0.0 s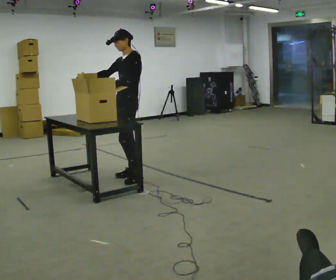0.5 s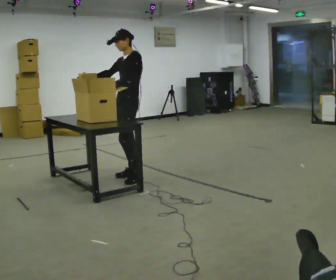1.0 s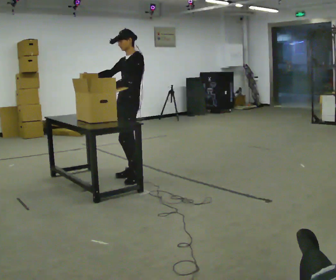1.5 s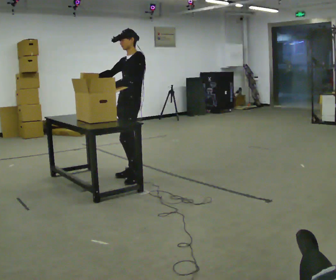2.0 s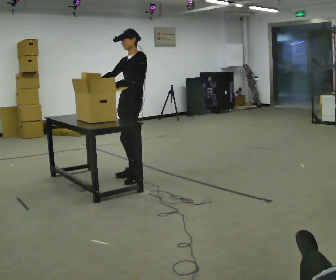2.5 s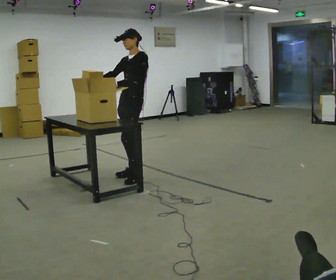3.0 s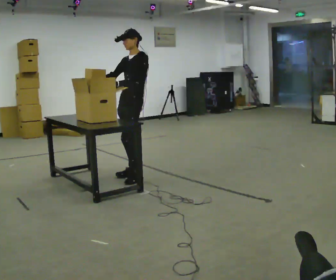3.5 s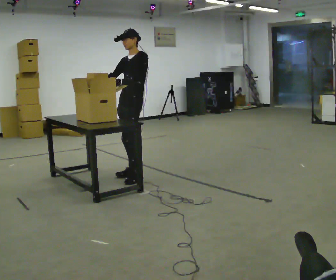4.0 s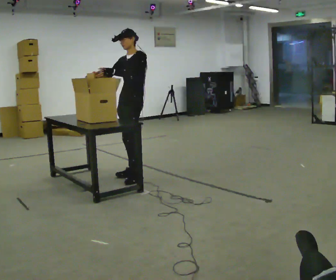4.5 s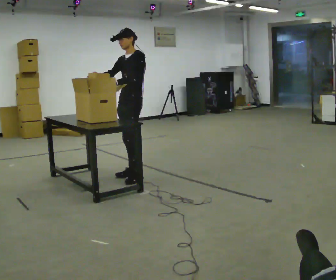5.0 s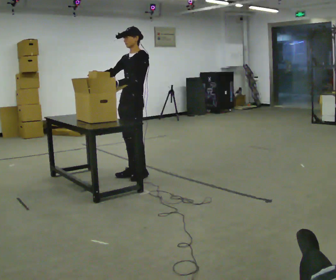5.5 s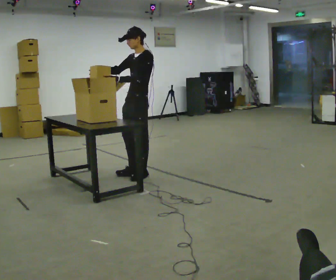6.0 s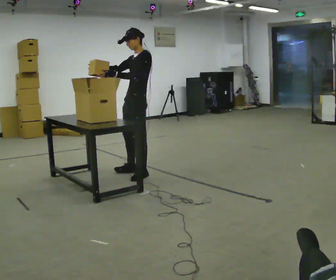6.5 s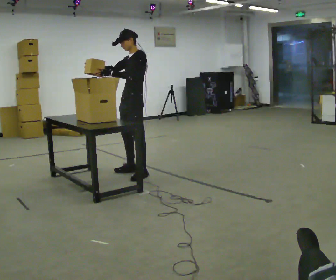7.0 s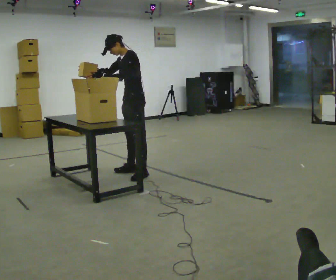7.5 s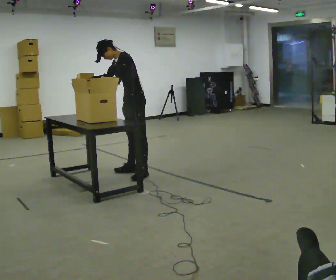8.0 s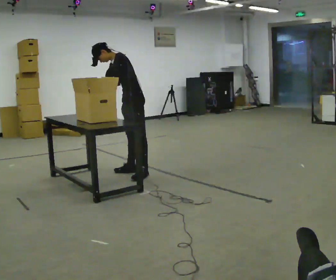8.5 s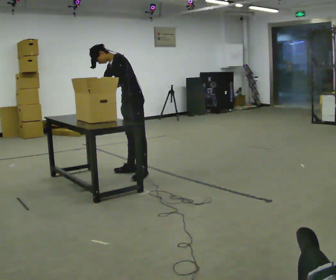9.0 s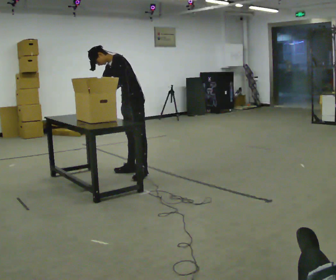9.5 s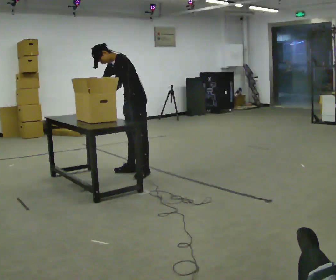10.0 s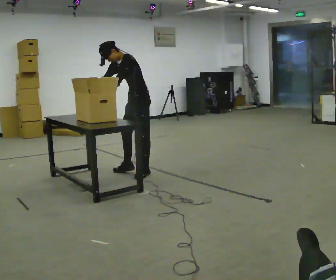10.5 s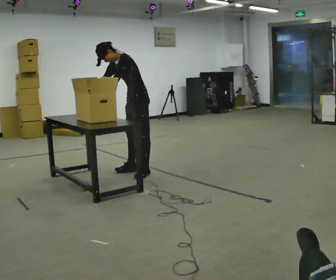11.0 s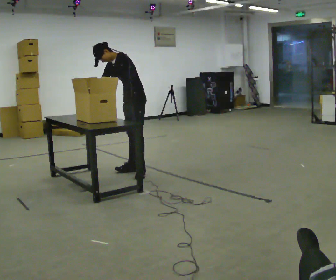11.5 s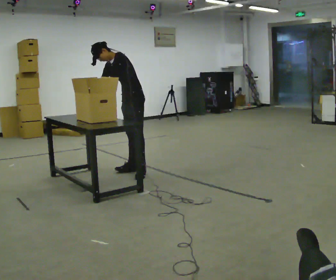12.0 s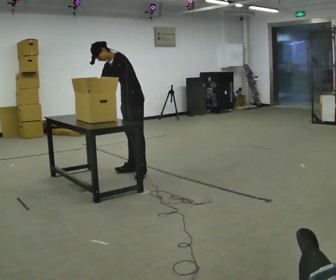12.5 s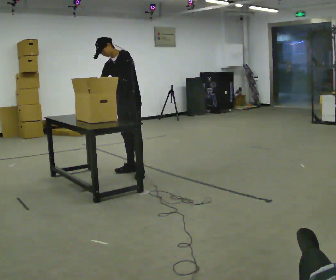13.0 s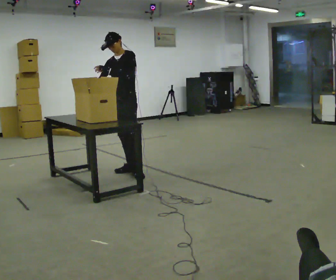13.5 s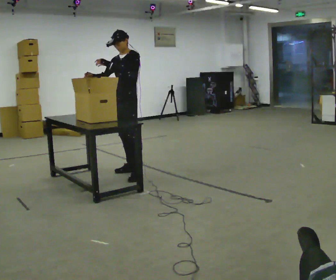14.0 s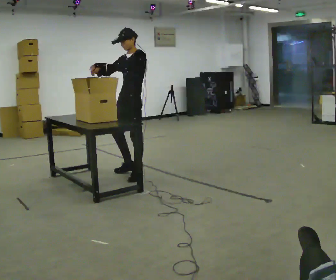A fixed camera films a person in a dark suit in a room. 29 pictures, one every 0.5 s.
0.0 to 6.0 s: The person moves a little, or ends about where they began.
6.0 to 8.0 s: In the picture they go away from the camera, about 0.25 m, which for them is to their right. In the picture the upper body tilts counterclockwise, shoulders to the left, as they bend forward.
8.0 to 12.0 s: The person moves a little, or ends about where they began.
12.0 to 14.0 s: In the picture they go toward the camera, about 0.25 m, which for them is forward and to their left. In the picture the upper body tilts clockwise, shoulders to the right, as they lean back or straighten. In the picture their left hand goes upward.
The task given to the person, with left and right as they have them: Take the objects from the bin one at a time and put one in each of the places the operator points out. Keep going until the operator says stop; one object at a time, and do not rush between trips.
The film runs forward here.
